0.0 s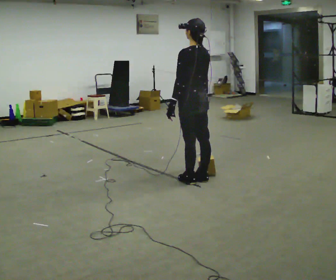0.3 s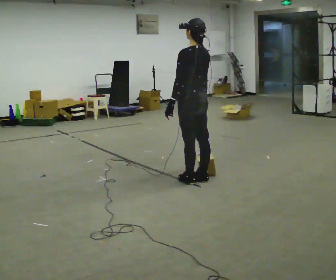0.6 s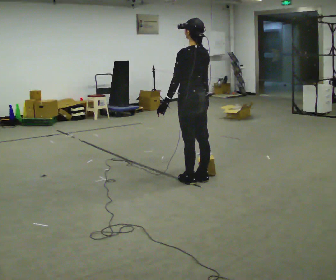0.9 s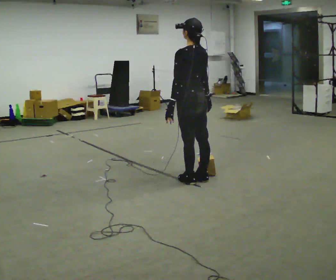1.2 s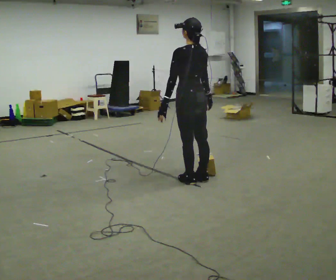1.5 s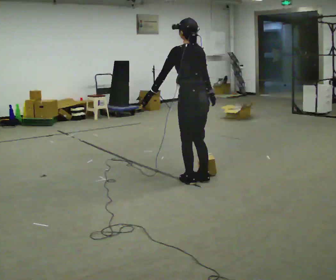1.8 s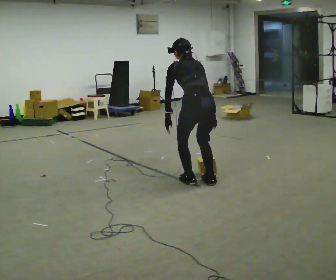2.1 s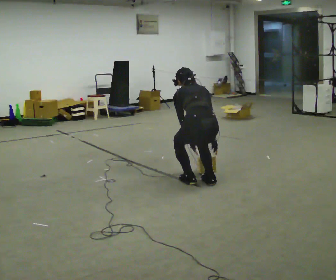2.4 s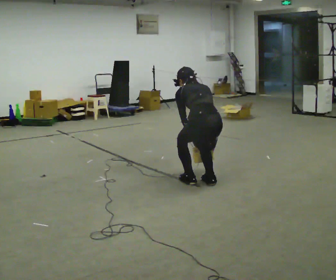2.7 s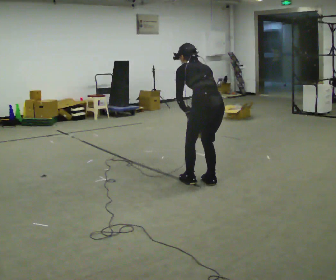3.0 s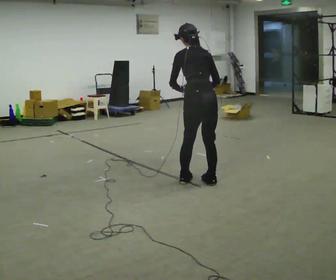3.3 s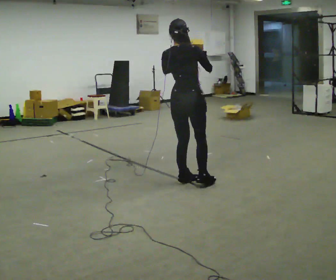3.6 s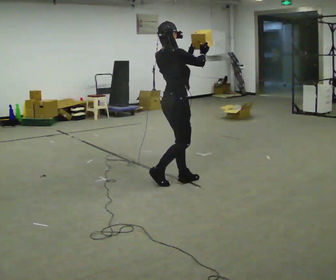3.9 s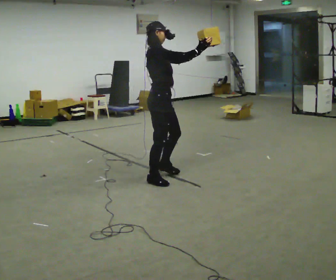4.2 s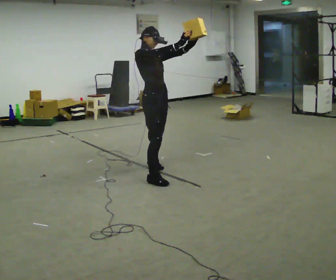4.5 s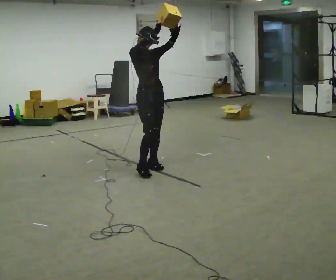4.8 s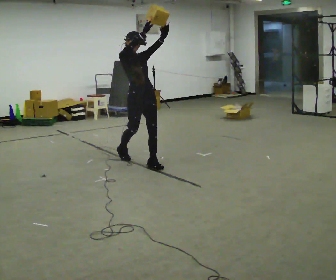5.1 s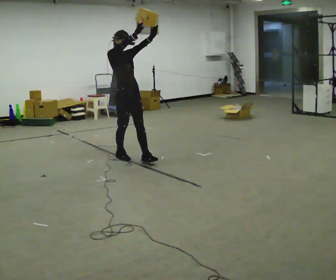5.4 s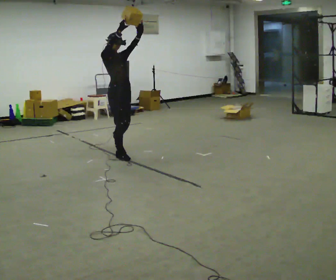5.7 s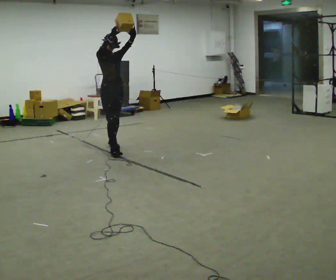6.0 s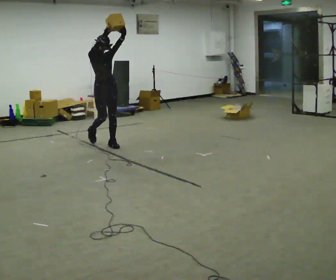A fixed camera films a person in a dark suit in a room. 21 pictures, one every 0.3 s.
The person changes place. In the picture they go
to the left.
0.0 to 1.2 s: The person moves a little, or ends about where they began.
1.2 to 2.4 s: In the picture they go to the right, about 0.25 m, which for them is backward. The shoulders move downward. In the picture the upper body tilts counterclockwise, shoulders to the left, as they bend forward. In the picture their left hand goes downward.
2.4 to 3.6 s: The person turns about 75 degrees to their right, clockwise seen from above, so the part of the body nearest the lens slides to the left. In the picture they go to the left, about 0.25 m in 1 step. The shoulders move upward. The upper body tips toward the camera, its near side rolling downward, as they lean back or straighten. In the picture their left hand goes upward.
3.6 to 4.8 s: Seen from above the body turns clockwise, about 90 degrees: to their right, with its near side sliding to the left. In the picture they go to the left and away from the camera, about 0.5 m in 2 steps. In the picture the upper body tilts counterclockwise, shoulders to the left.
4.8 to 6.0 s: In the picture they go to the left, about 1 m in 2 steps, which for them is backward.
The film runs backward here.
